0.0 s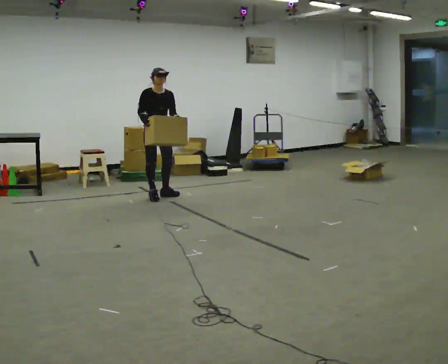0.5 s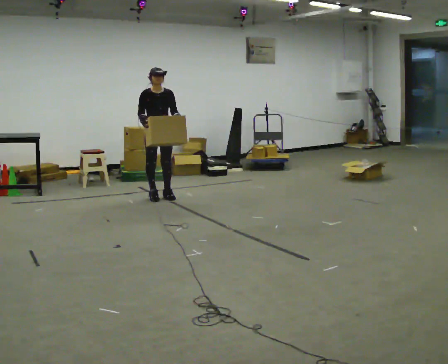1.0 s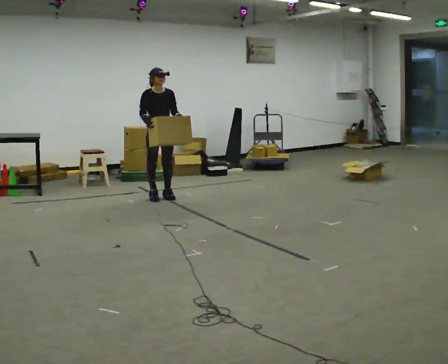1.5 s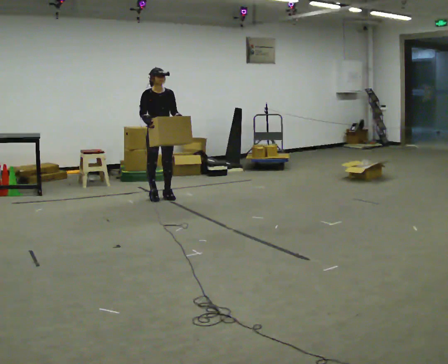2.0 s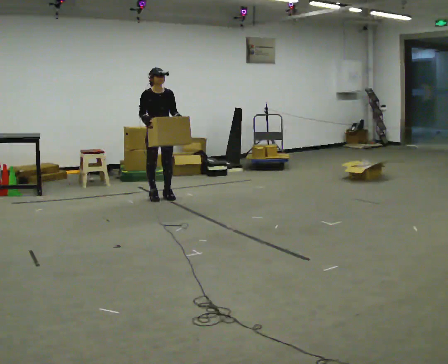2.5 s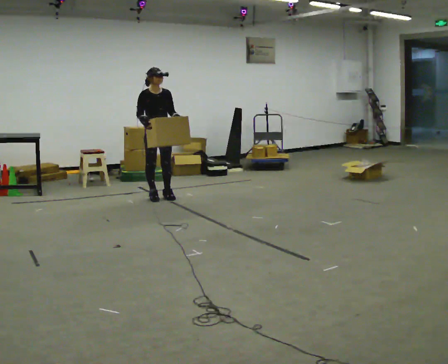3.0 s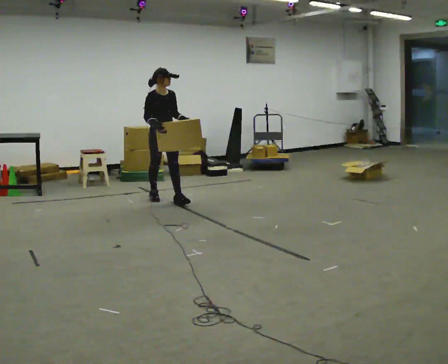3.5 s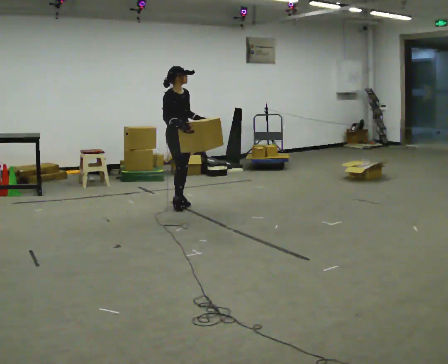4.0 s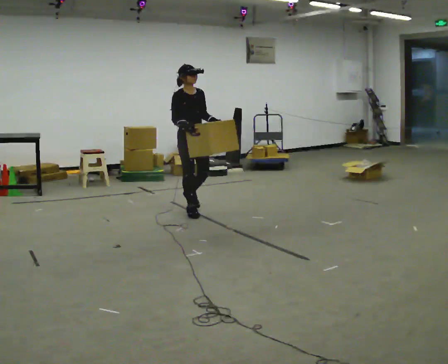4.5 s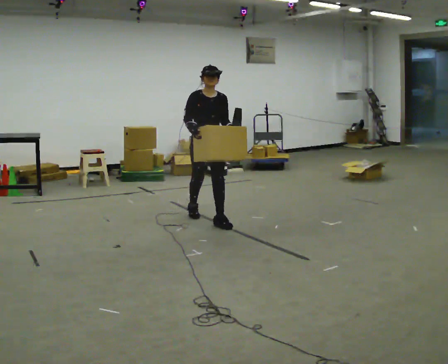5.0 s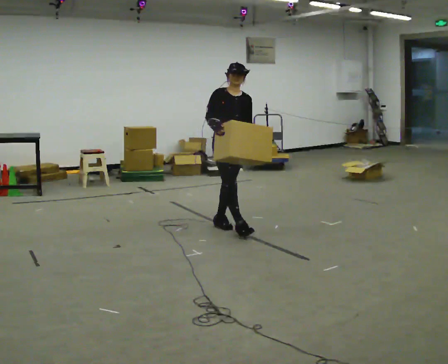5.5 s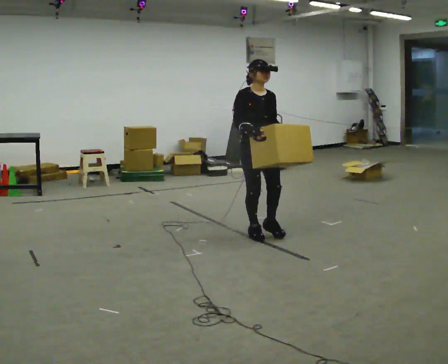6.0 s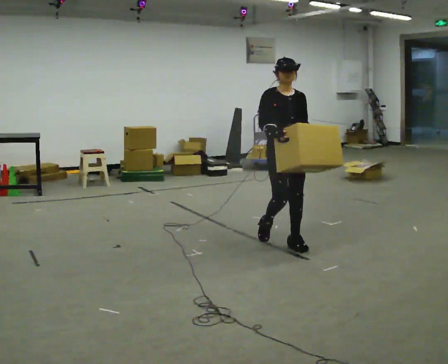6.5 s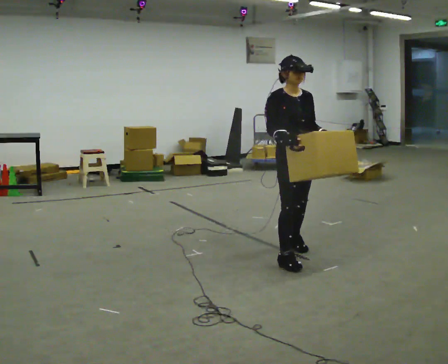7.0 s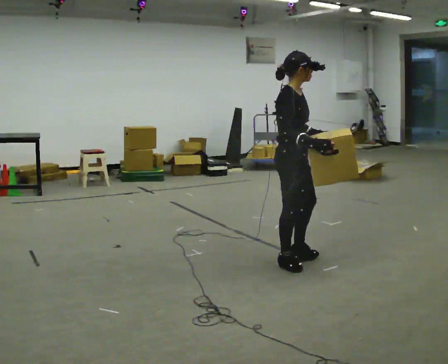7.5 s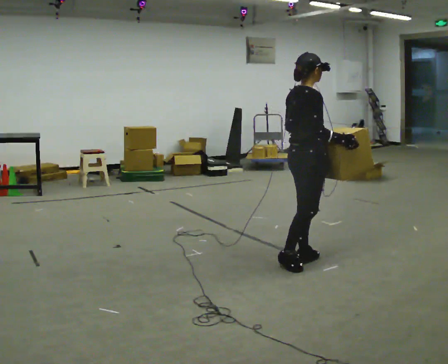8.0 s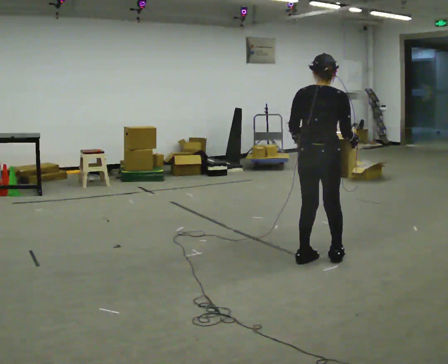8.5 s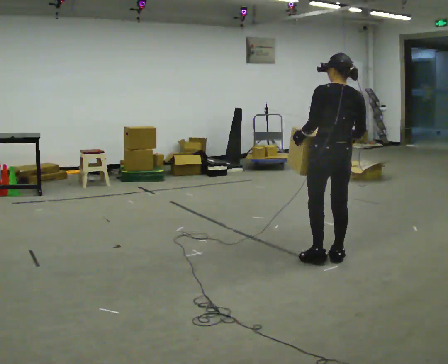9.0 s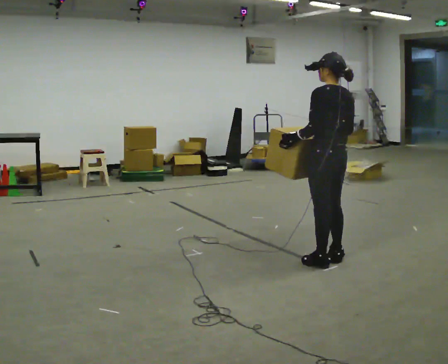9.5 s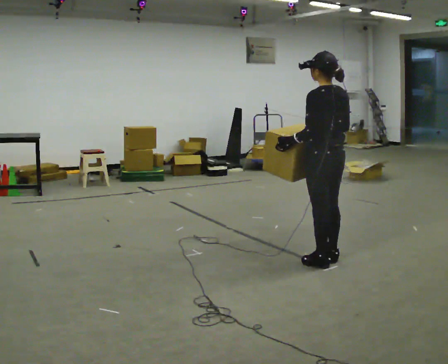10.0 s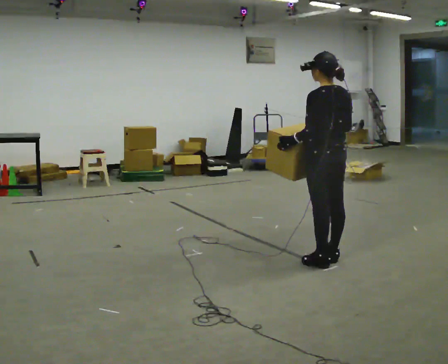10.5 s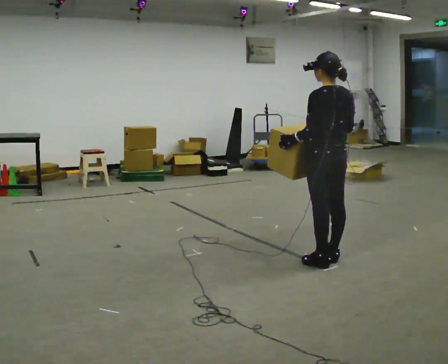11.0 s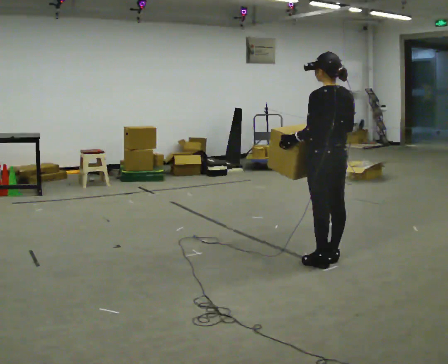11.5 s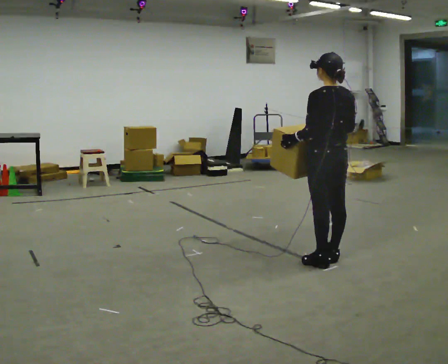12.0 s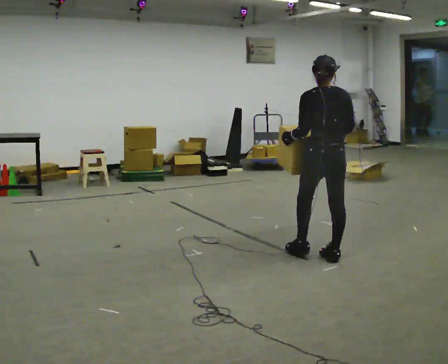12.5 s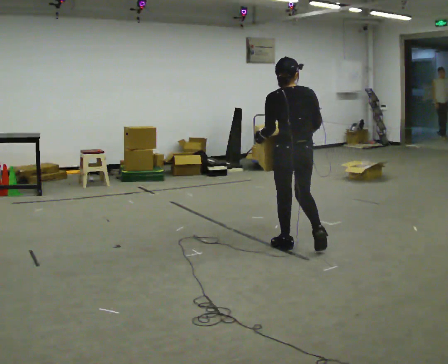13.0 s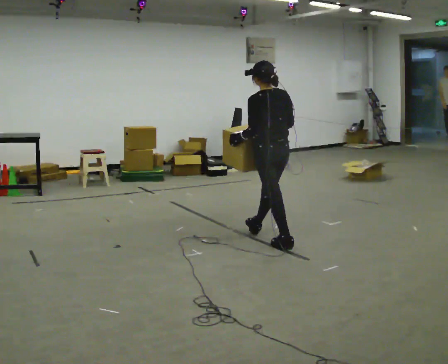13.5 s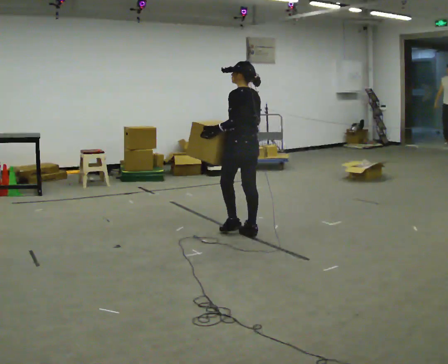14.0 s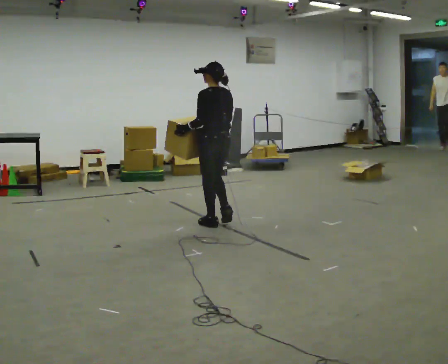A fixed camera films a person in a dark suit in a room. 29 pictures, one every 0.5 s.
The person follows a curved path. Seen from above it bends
counterclockwise.
0.0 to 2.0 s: The person moves a little, or ends about where they began.
2.0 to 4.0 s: In the picture they go toward the camera and to the right, about 1 m in 2 steps, which for them is forward.
4.0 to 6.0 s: In the picture they go to the right and toward the camera, about 1.5 m in 3 steps, which for them is forward.
6.0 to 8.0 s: The person turns about 135 degrees to their left, counterclockwise seen from above, so the part of the body nearest the lens slides to the right. In the picture they go toward the camera and to the right, about 0.5 m in 3 steps.
8.0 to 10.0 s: The part of the body nearest the lens slides to the right as the person turns to their left by about 60 degrees.
10.0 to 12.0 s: The person moves a little, or ends about where they began.
12.0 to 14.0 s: The person turns about 30 degrees to their left, counterclockwise seen from above, so the part of the body nearest the lens slides to the right. In the picture they go to the left and away from the camera, about 1.5 m in 3 steps, which for them is forward.
The film runs forward here.
